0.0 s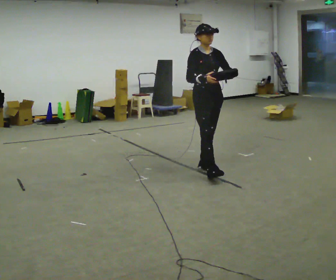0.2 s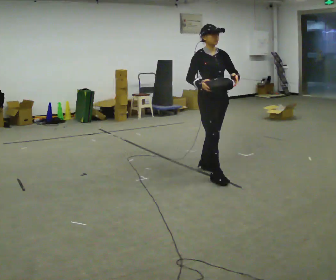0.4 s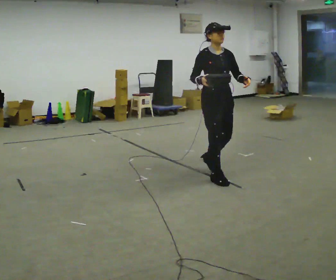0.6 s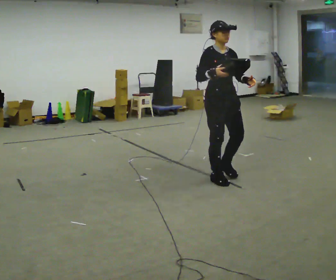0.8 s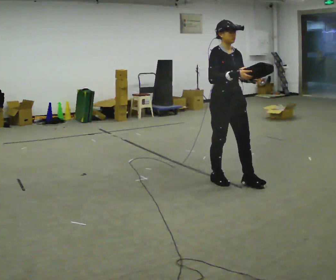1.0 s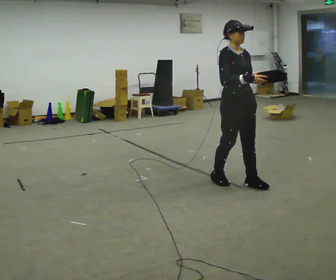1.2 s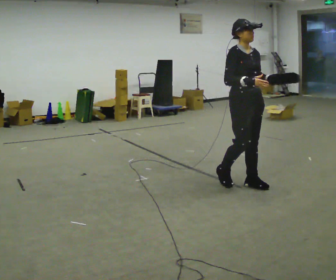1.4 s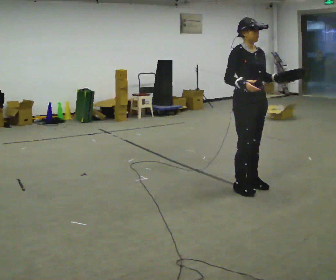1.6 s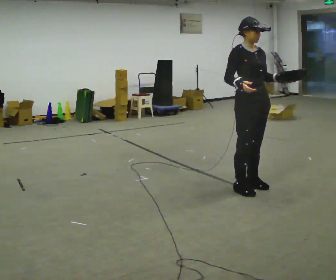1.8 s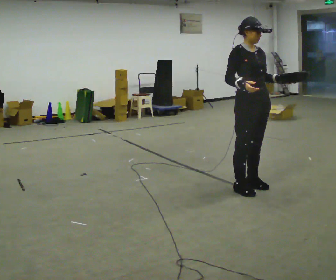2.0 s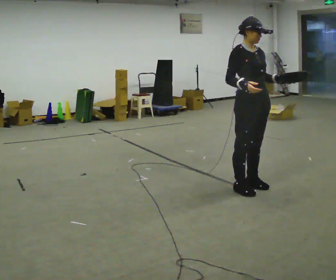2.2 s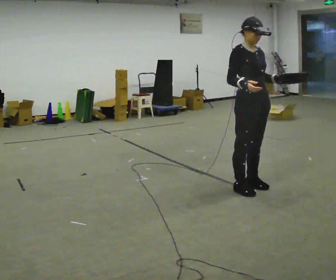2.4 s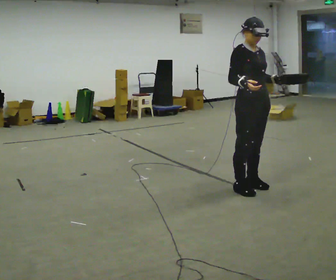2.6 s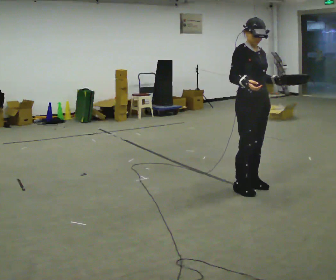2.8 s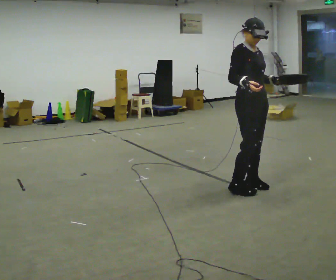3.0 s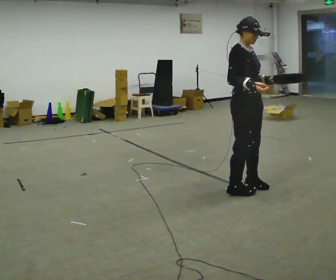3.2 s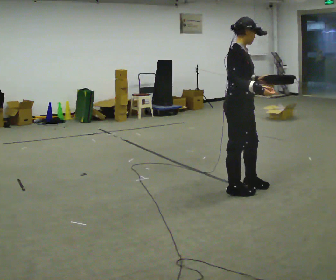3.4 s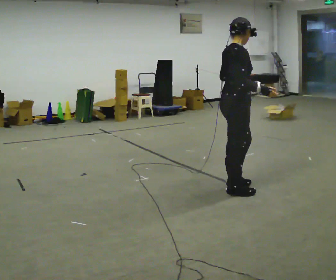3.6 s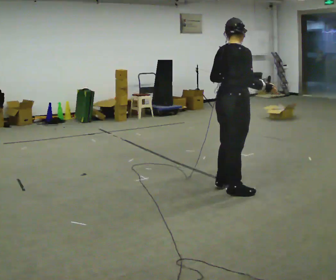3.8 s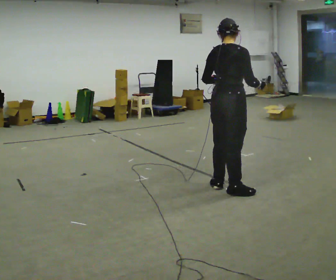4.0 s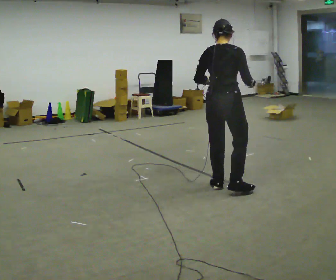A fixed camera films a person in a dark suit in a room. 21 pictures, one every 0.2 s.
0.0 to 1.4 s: In the picture they go toward the camera and to the right, about 0.75 m in 2 steps, which for them is forward.
1.4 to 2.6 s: The person moves a little, or ends about where they began.
2.6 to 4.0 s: Seen from above the body turns counterclockwise, about 105 degrees: to their left, with its near side sliding to the right. In the picture they go to the left, about 0.25 m in 1 step.
The film runs forward here.
